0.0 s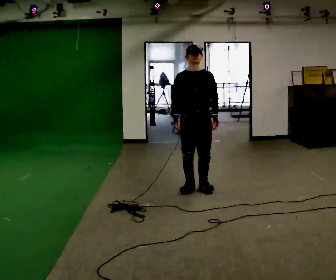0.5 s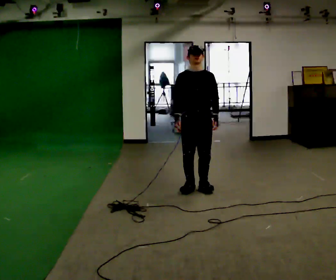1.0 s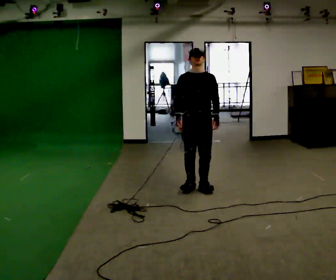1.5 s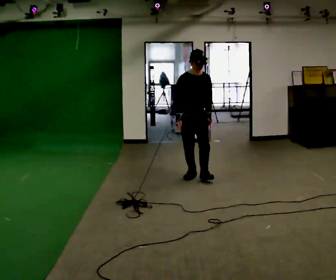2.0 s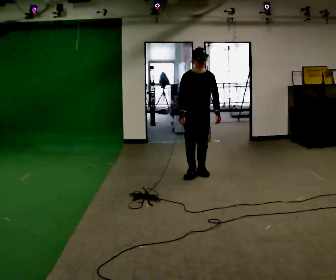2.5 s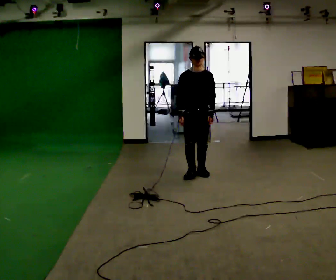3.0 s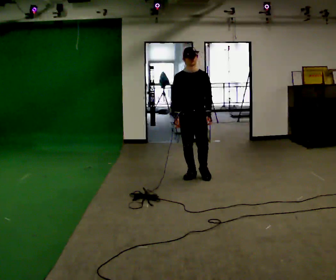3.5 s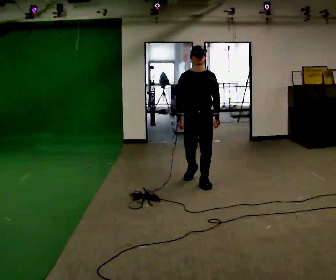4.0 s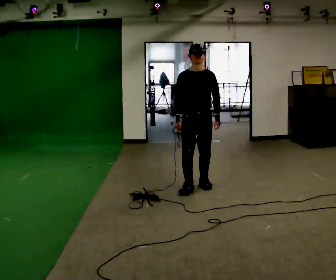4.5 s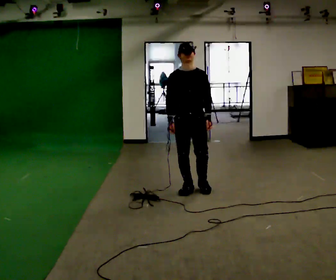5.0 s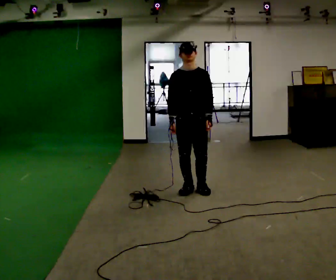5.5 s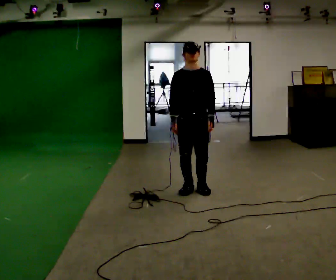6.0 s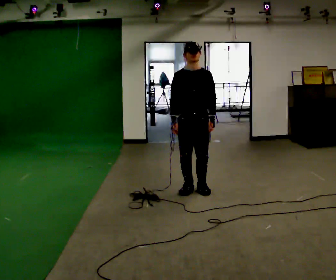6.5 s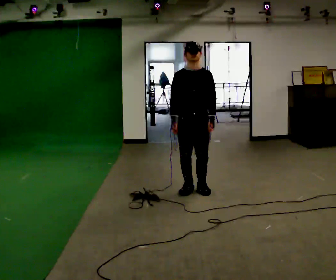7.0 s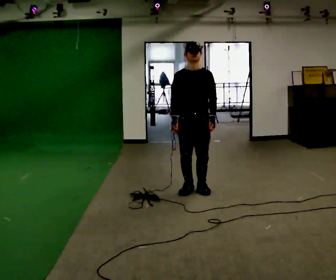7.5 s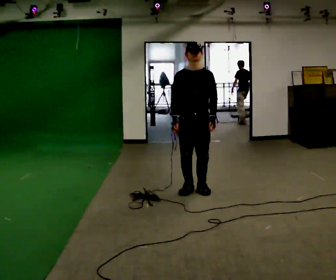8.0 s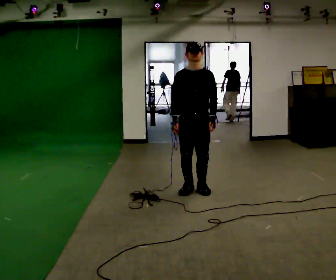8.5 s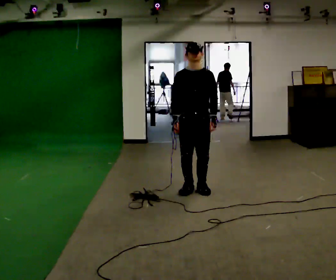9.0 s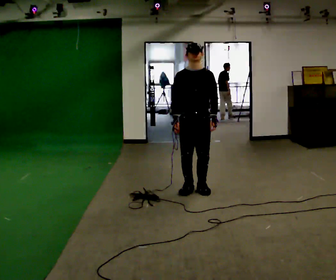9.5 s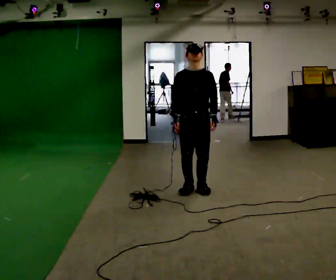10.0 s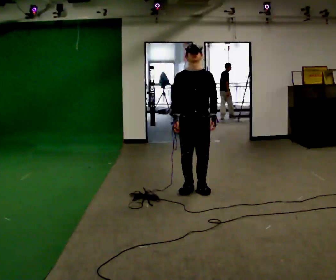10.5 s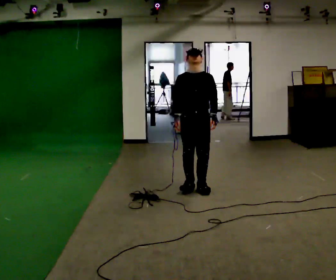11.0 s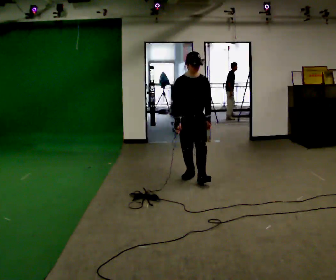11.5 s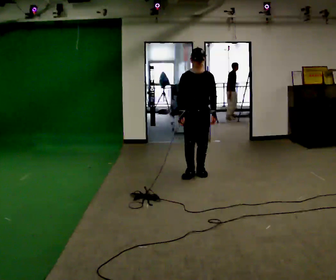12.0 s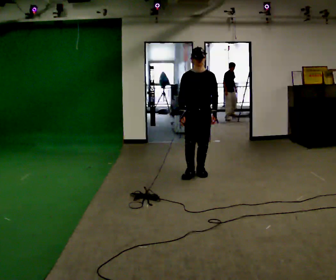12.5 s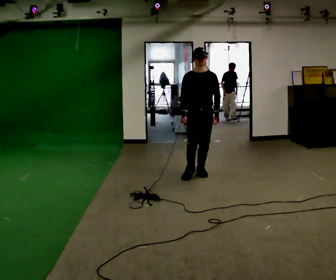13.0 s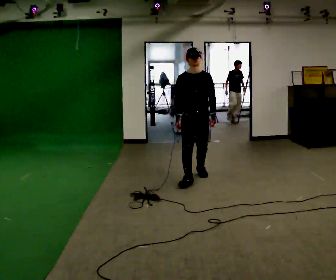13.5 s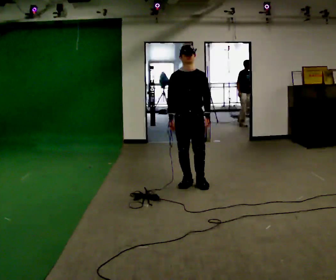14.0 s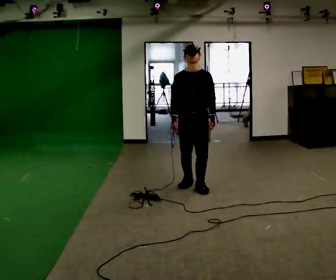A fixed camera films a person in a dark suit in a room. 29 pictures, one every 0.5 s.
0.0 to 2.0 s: In the picture they go away from the camera, about 0.75 m in 2 steps, which for them is backward.
2.0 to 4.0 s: In the picture they go toward the camera, about 0.5 m in 2 steps, which for them is forward.
4.0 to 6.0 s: In the picture they go toward the camera, about 0.25 m in 1 step, which for them is forward.
6.0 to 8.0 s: The person keeps their place and pose.
8.0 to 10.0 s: The person moves a little, or ends about where they began.
10.0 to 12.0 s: In the picture they go away from the camera, about 0.75 m in 2 steps, which for them is backward.
12.0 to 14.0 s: In the picture they go toward the camera, about 0.5 m in 2 steps, which for them is forward.
The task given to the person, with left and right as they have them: Stand on the marked spots. Lean backward, keeping your body straight, until you cannot hold it, then step back to catch yourself. Return to the spots. Repeat at your own pace until the operator says stop. Go slowly and only as far as you are comfortable. Step whenever you need to; do not try to hold on longer than feels safe.
The film runs forward here.
